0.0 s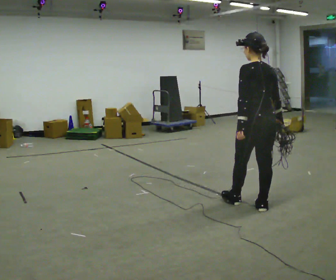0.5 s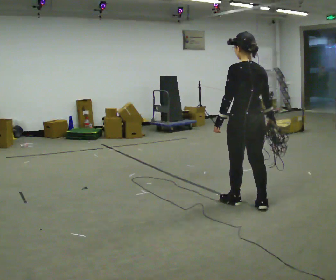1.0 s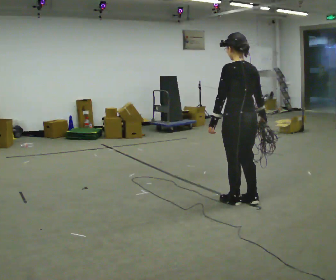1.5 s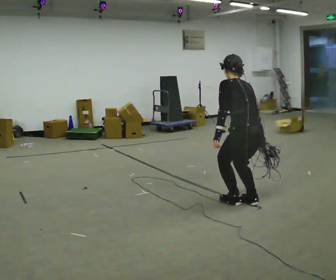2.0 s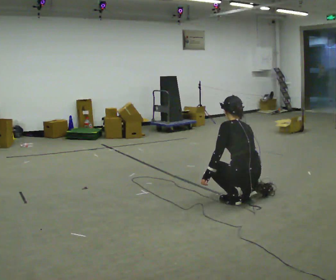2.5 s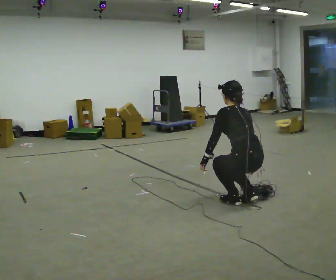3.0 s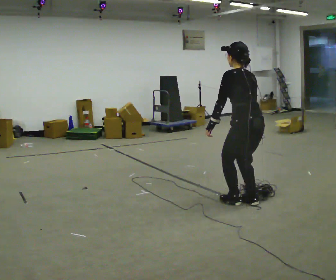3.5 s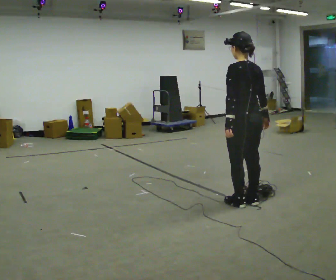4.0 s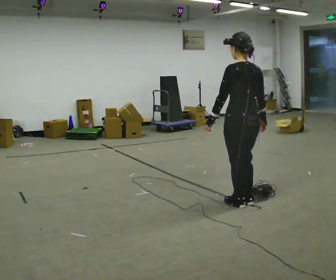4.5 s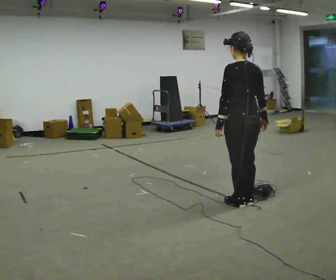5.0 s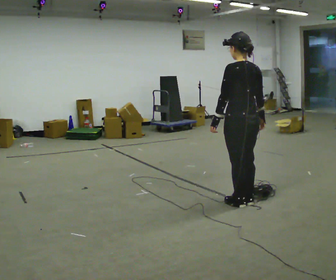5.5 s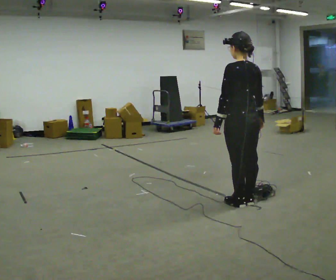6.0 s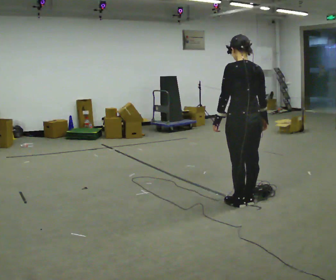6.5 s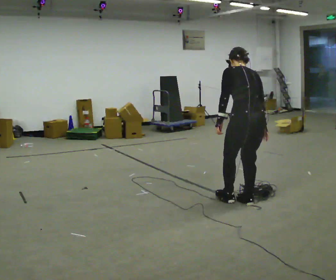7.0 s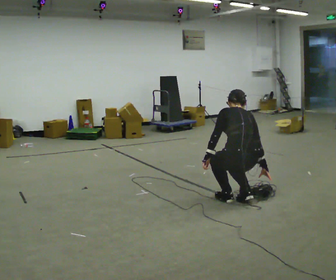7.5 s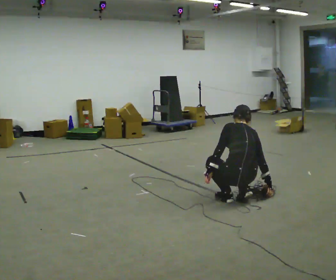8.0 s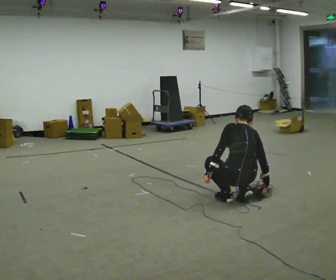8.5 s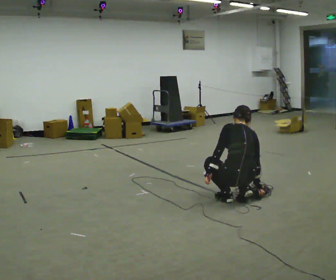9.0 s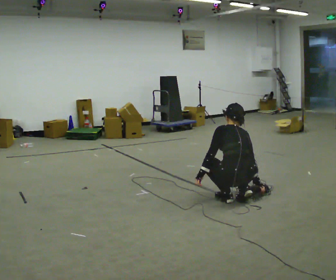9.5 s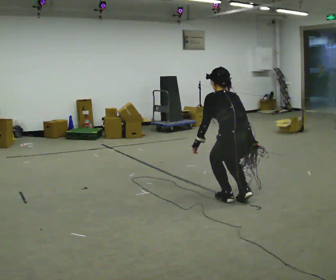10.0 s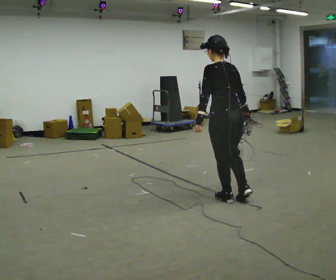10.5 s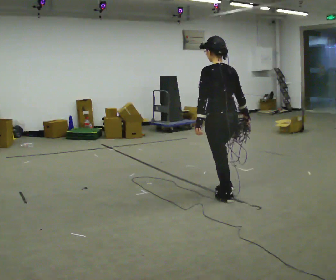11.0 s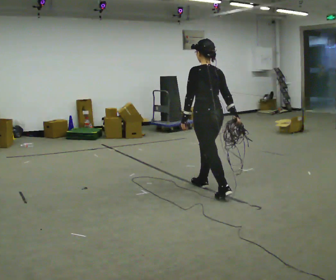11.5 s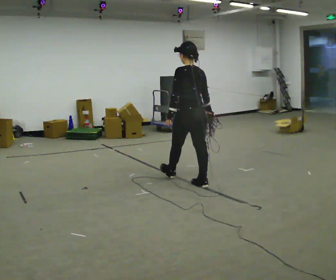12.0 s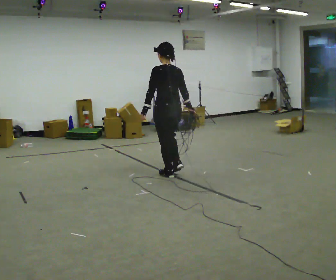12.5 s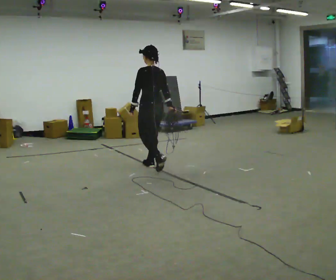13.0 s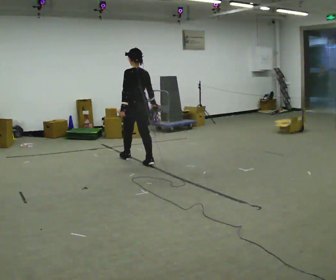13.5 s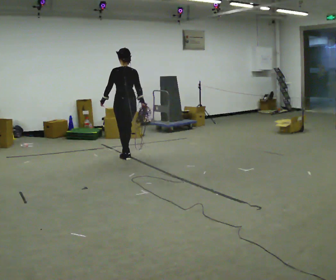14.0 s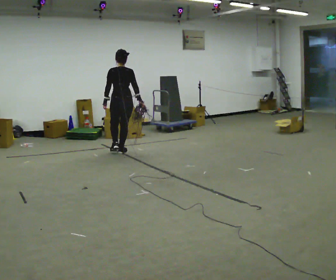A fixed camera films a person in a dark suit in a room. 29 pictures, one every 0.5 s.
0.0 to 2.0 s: The upper body goes downward. In the picture their left hand goes downward.
2.0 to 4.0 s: The shoulders move upward. The upper body tips toward the camera, its near side rolling downward, as they lean back or straighten. In the picture their left hand goes upward.
4.0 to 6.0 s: The person moves a little, or ends about where they began.
6.0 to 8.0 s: The upper body goes downward. The upper body tips away from the camera, its near side rolling upward. In the picture their left hand goes downward.
8.0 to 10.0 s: The upper body goes upward. The upper body tips toward the camera, its near side rolling downward. In the picture their right hand goes upward.
10.0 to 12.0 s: In the picture they go to the left and away from the camera, about 1 m in 2 steps, which for them is forward.
12.0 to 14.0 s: The person turns about 30 degrees to their right, clockwise seen from above, so the part of the body nearest the lens slides to the left. In the picture they go to the left and away from the camera, about 1.5 m in 3 steps, which for them is forward.
The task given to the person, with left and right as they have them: Pick up the coiled hose, carry it across the room, and set it down. It will move around as you walk. Keep going until the operator says stop; one object at a time, and do not rush between trips.
The film runs forward here.
